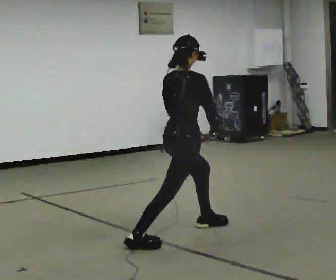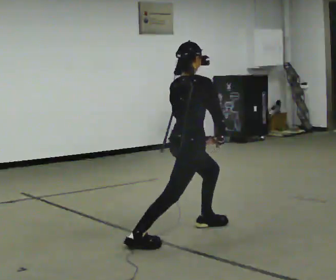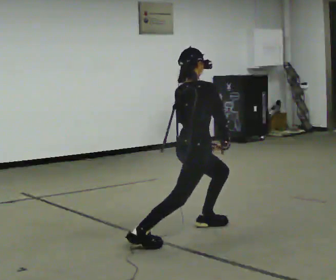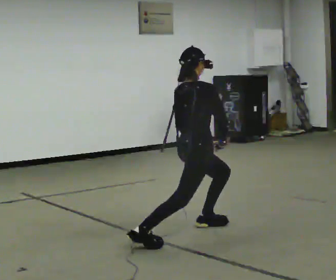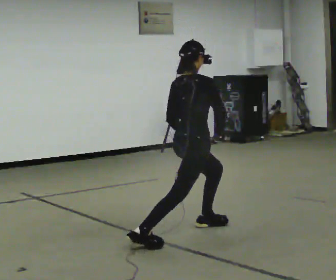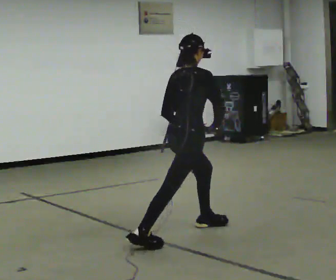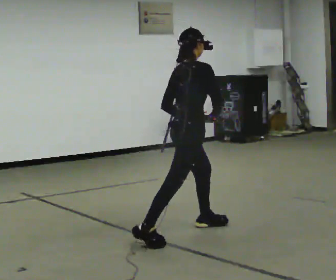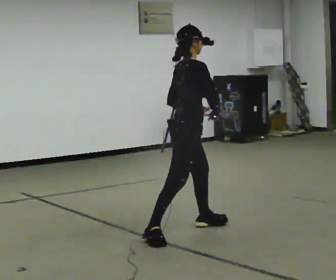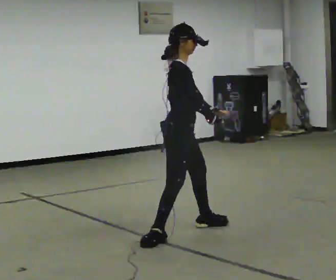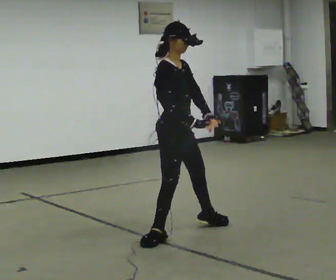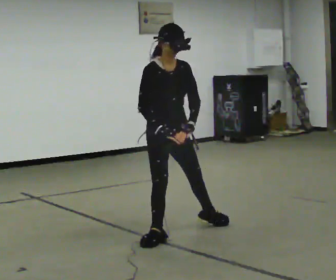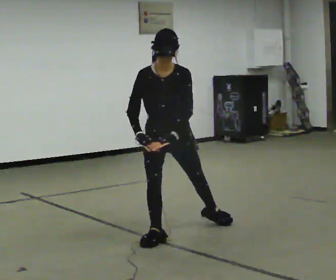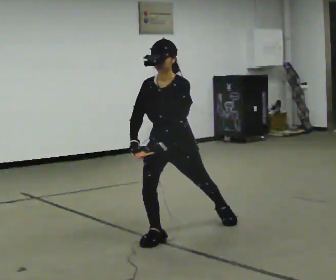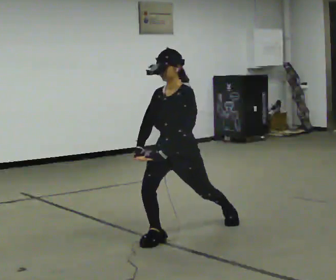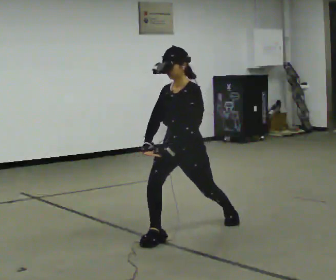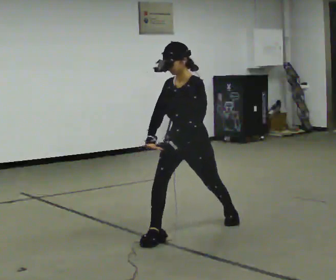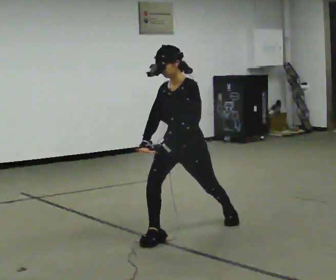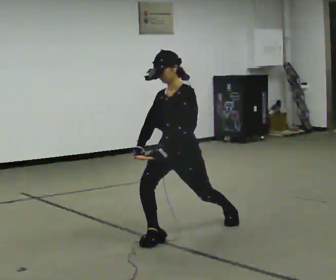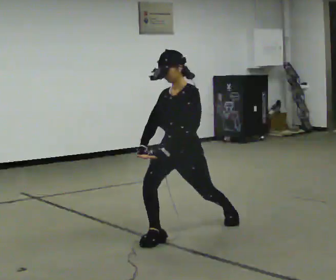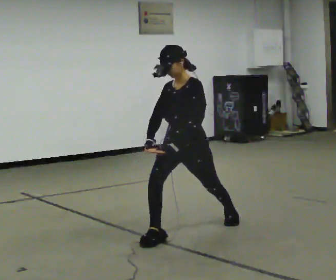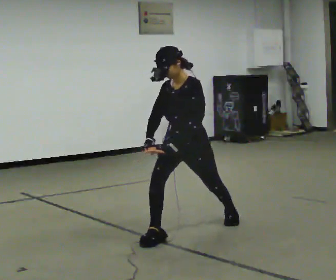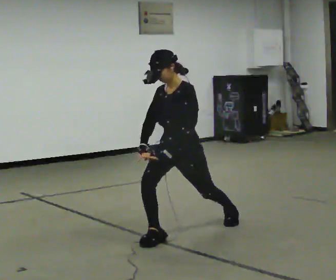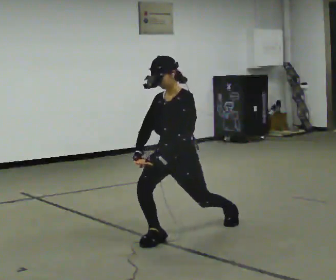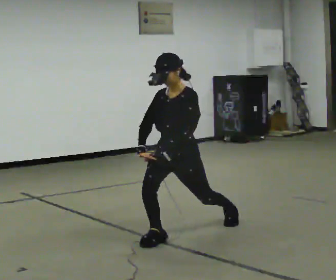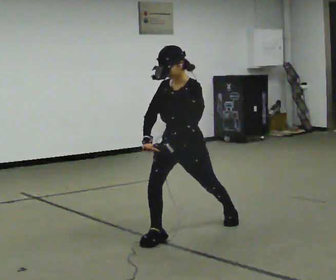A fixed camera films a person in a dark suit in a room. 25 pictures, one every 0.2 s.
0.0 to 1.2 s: The person moves a little, or ends about where they began.
1.2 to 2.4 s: The part of the body nearest the lens slides to the left as the person turns to their right by about 120 degrees. The upper body tips toward the camera, its near side rolling downward. In the picture their right hand goes to the left.
2.4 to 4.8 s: The person moves a little, or ends about where they began.
The film runs backward here.
